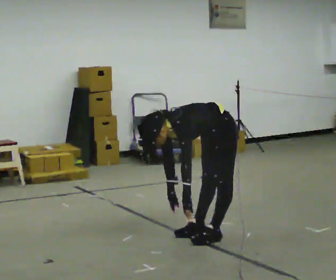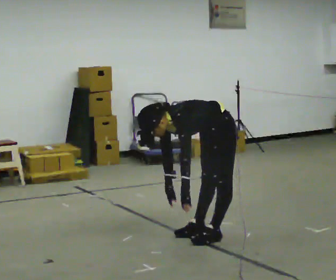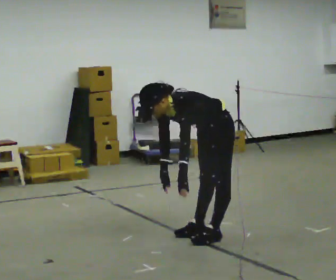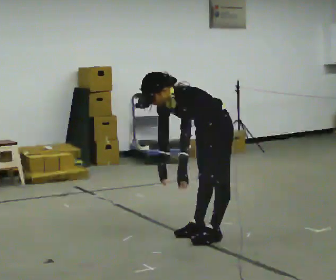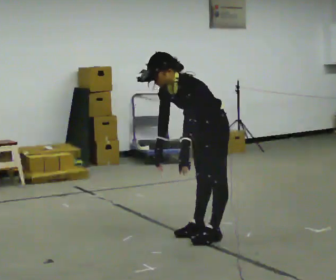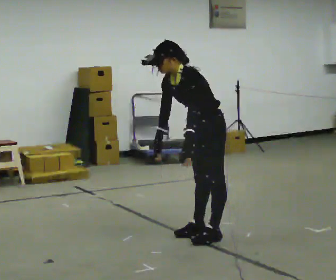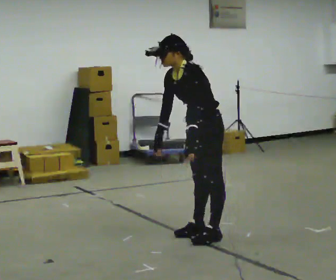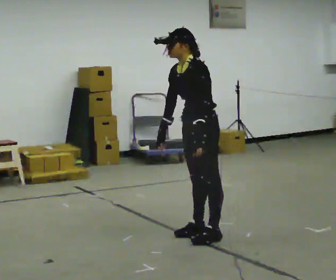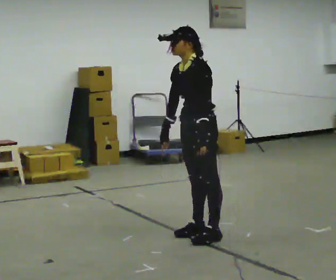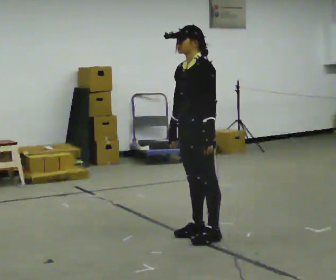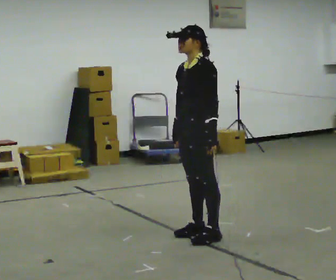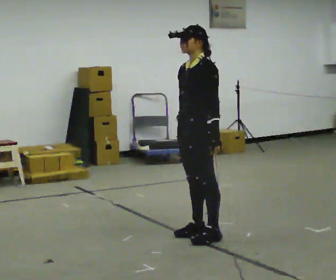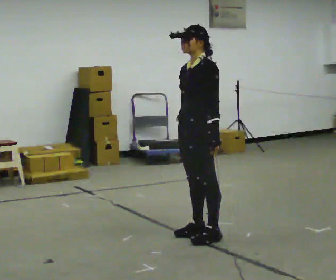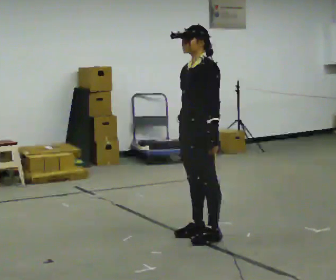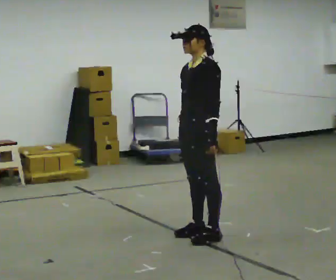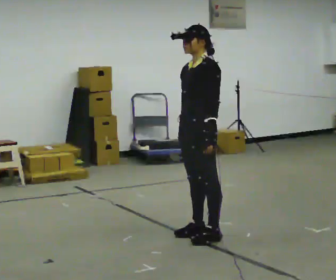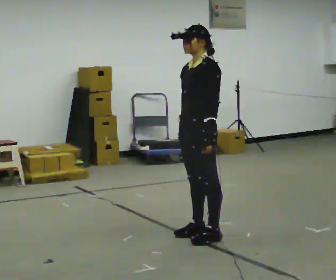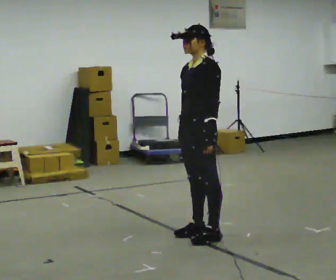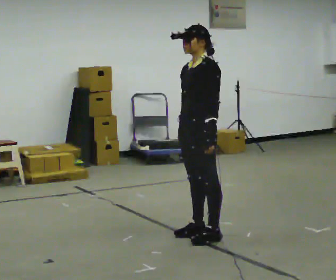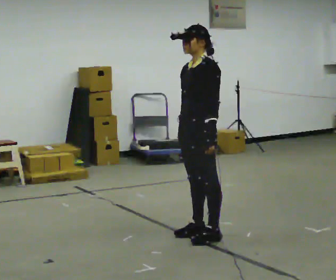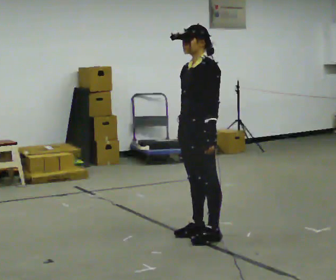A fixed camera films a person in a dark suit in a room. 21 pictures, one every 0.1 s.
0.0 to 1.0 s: The upper body goes upward. In the picture the upper body tilts clockwise, shoulders to the right, as they lean back or straighten. In the picture their right hand goes upward.
1.0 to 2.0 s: The person moves a little, or ends about where they began.
The film runs forward here.
